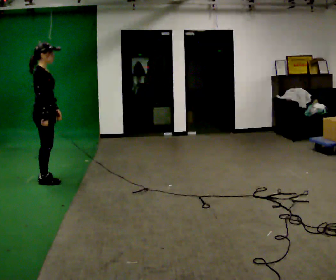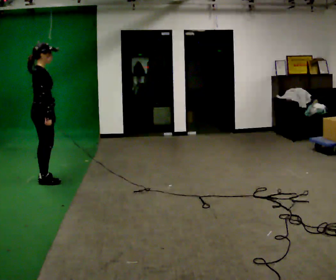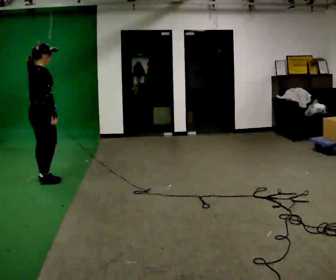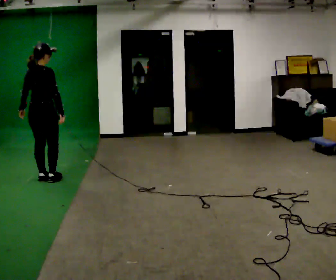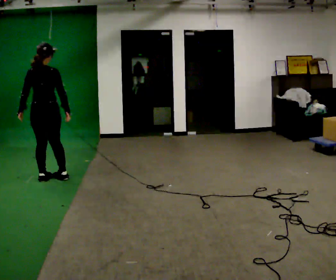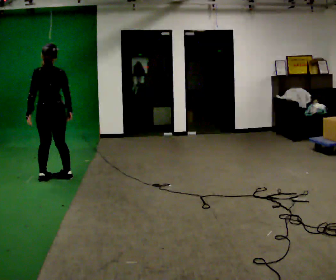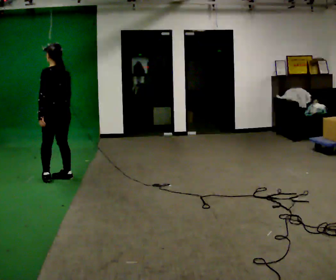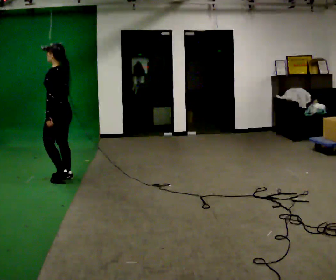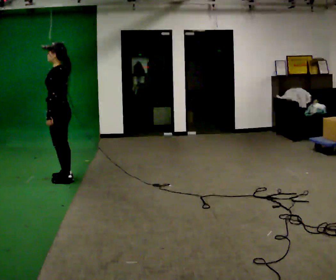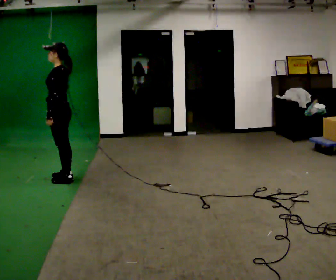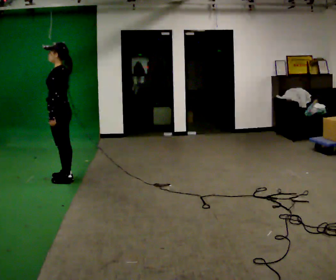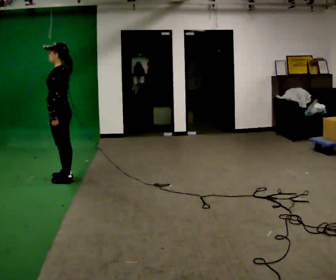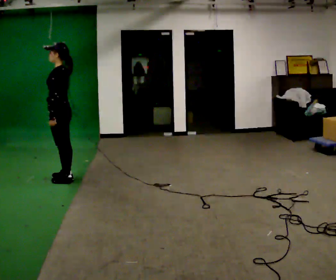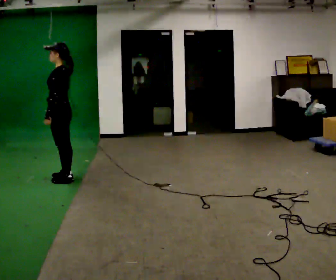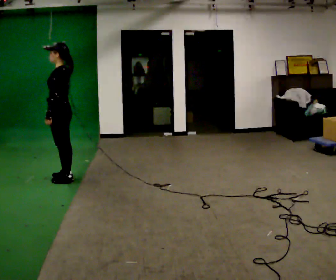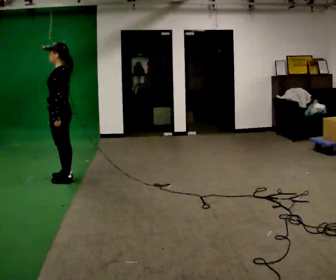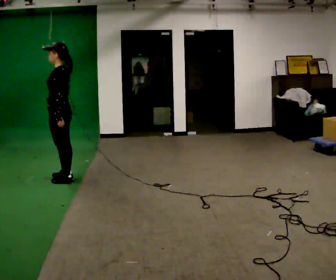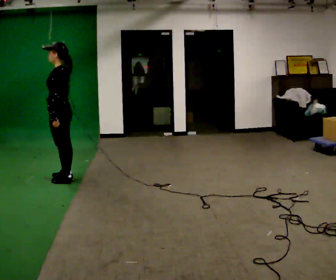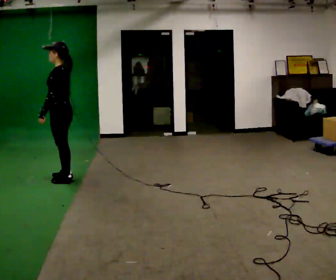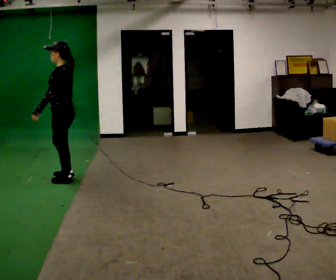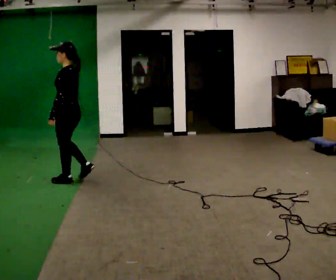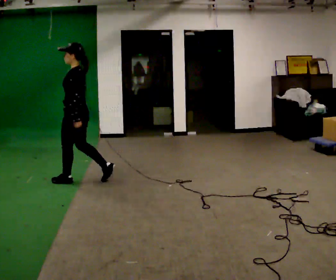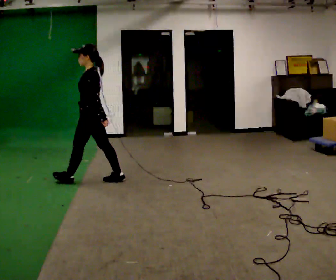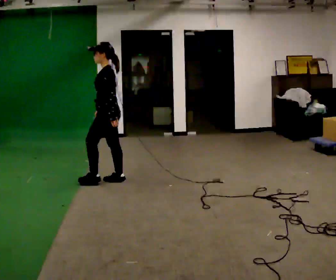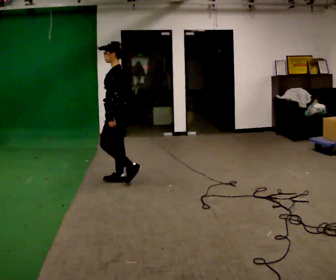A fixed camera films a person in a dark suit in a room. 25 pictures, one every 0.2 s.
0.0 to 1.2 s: The part of the body nearest the lens slides to the right as the person turns to their left by about 120 degrees. In the picture they go away from the camera, about 0.25 m in 2 steps.
1.2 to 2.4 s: Seen from above the body turns counterclockwise, about 45 degrees: to their left, with its near side sliding to the right.
2.4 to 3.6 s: The person moves a little, or ends about where they began.
3.6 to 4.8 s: In the picture they go to the right, about 0.75 m in 2 steps, which for them is backward.
The film runs backward here.
